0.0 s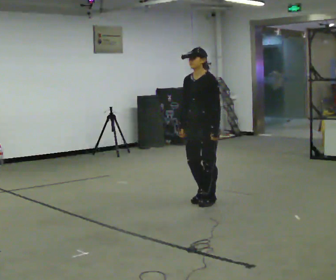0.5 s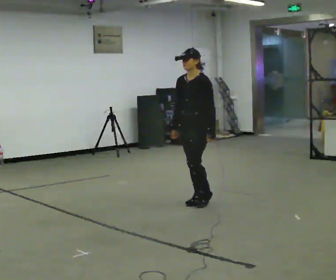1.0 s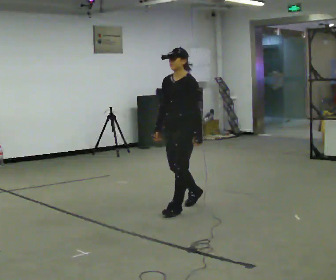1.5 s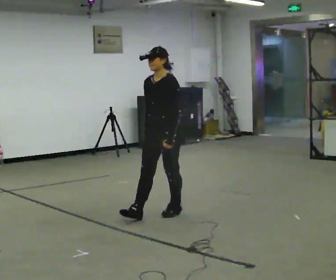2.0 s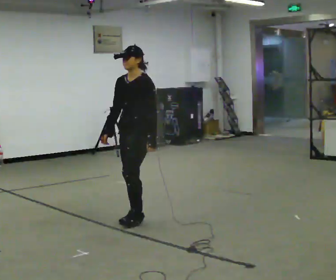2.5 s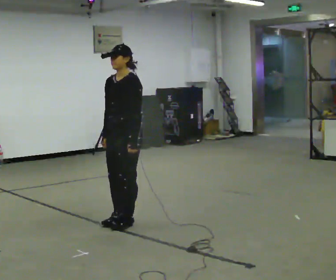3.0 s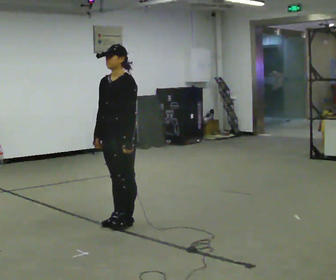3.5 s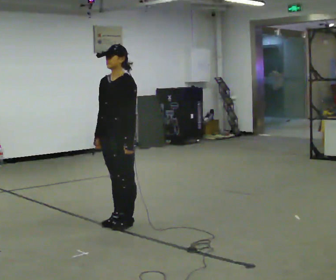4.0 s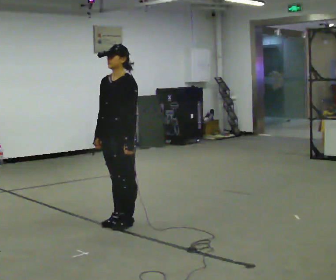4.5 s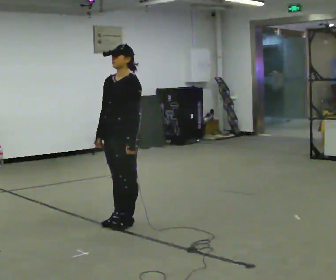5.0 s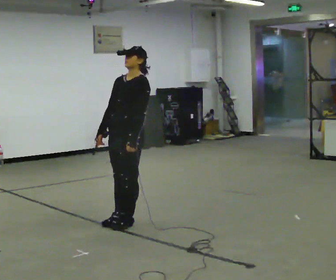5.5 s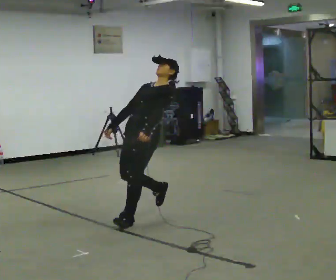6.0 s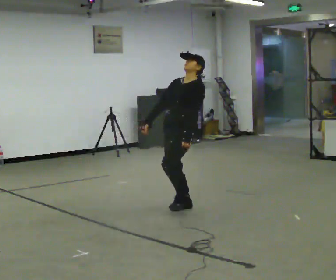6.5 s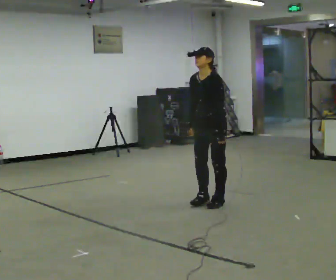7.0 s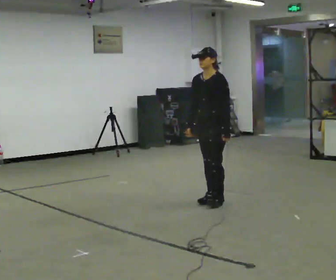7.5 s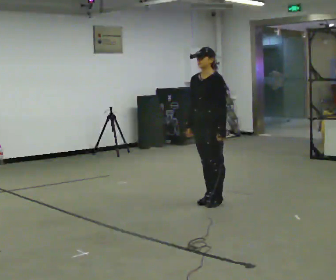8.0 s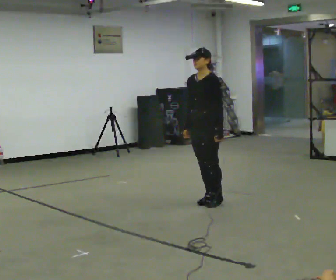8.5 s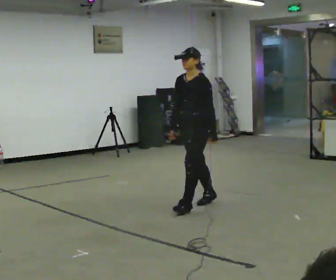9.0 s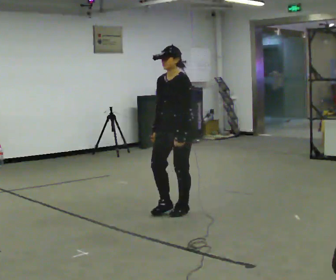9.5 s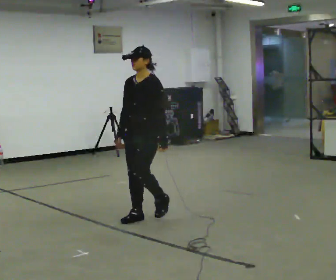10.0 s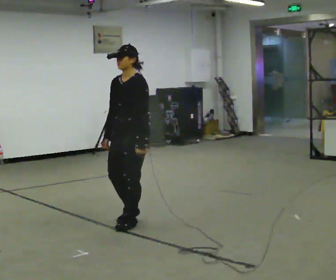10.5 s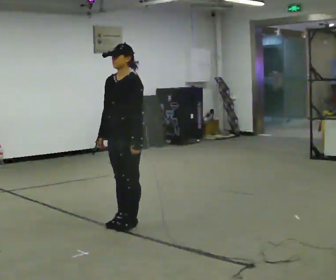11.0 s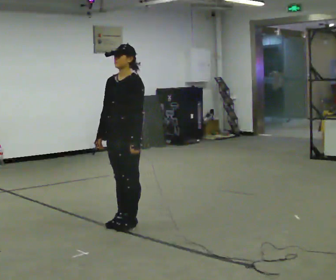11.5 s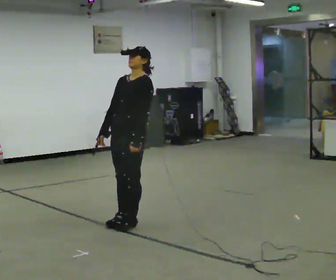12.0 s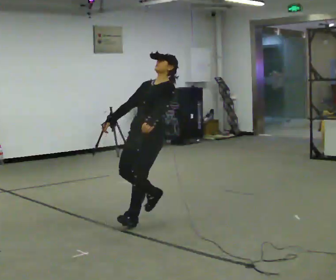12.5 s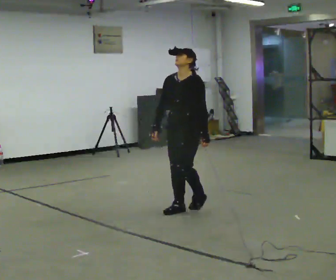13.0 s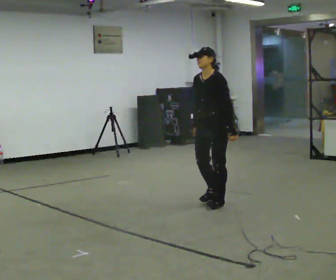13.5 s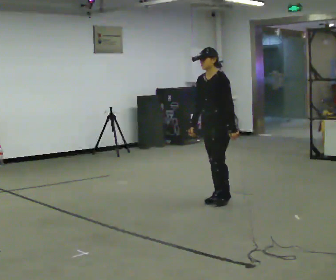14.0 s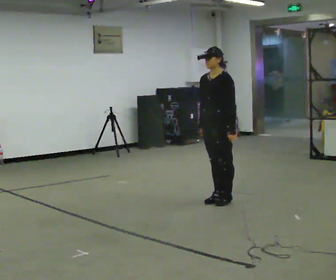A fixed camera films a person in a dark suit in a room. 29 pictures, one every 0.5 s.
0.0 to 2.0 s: In the picture they go toward the camera and to the left, about 1 m in 2 steps, which for them is forward.
2.0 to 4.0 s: In the picture they go toward the camera, about 0.25 m in 2 steps, which for them is forward.
4.0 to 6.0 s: In the picture they go away from the camera and to the right, about 1 m in 1 step, which for them is backward.
6.0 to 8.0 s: In the picture they go away from the camera and to the right, about 0.25 m in 2 steps, which for them is backward.
8.0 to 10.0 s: In the picture they go toward the camera and to the left, about 1 m in 3 steps, which for them is forward.
10.0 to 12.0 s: In the picture they go away from the camera, about 0.25 m in 1 step, which for them is backward. In the picture the upper body tilts clockwise, shoulders to the right, as they lean back or straighten.
12.0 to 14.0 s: In the picture they go away from the camera and to the right, about 1 m in 4 steps, which for them is backward.
The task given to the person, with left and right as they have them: Stand on the marked spots. Lean backward, keeping your body straight, until you cannot hold it, then step back to catch yourself. Return to the spots. Repeat at your own pace until the operator says stop. Go slowly and only as far as you are comfortable. Step whenever you need to; do not try to hold on longer than feels safe.
The film runs forward here.
